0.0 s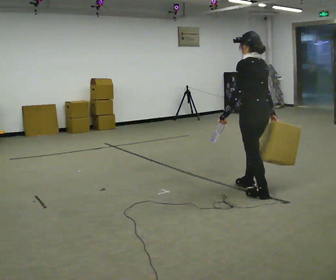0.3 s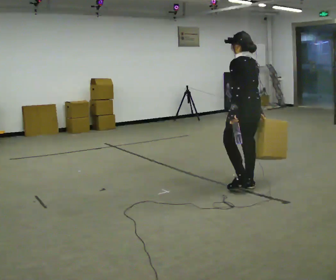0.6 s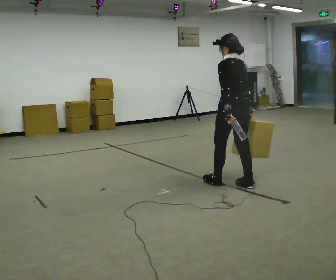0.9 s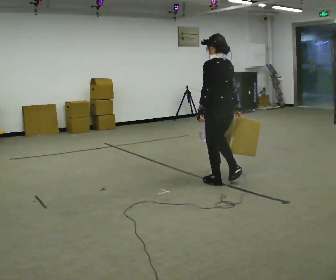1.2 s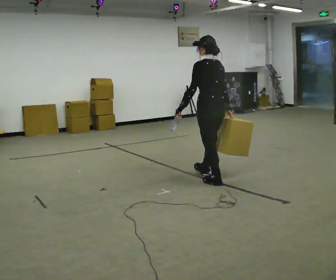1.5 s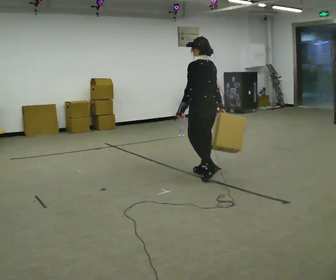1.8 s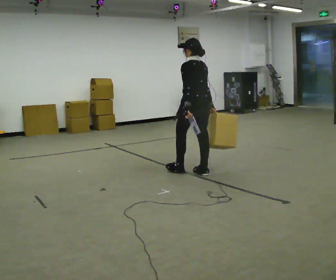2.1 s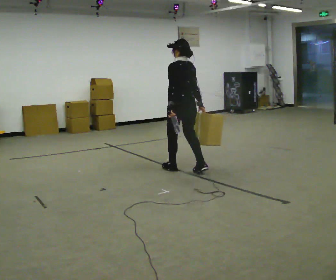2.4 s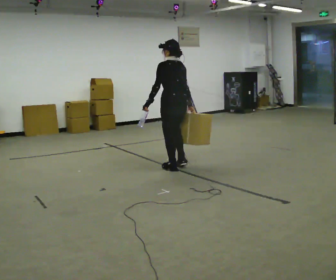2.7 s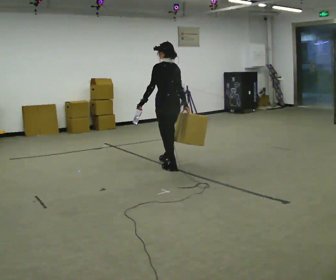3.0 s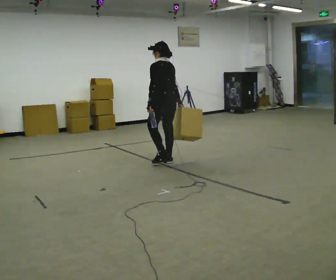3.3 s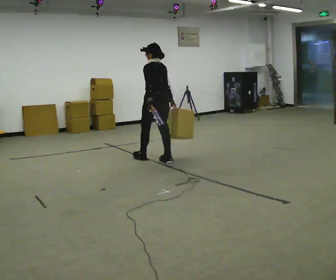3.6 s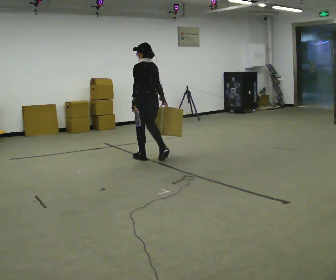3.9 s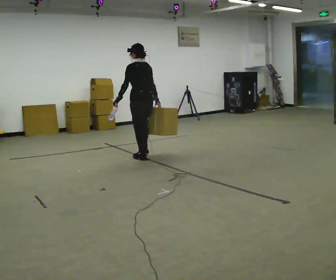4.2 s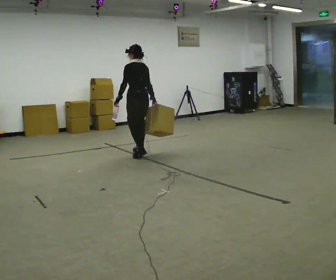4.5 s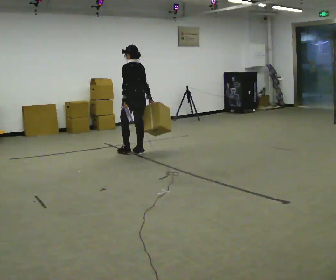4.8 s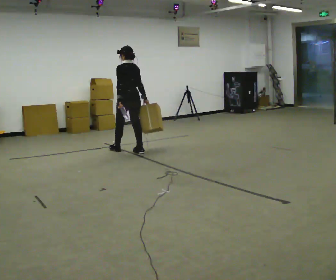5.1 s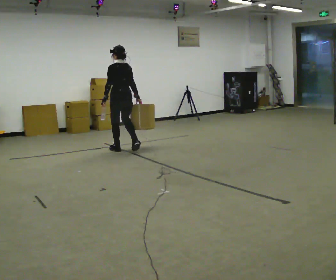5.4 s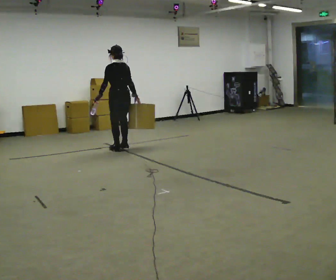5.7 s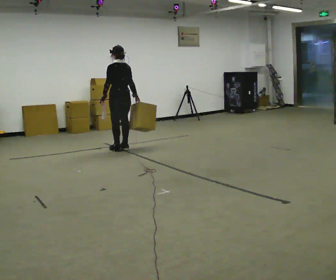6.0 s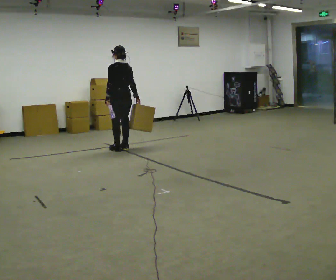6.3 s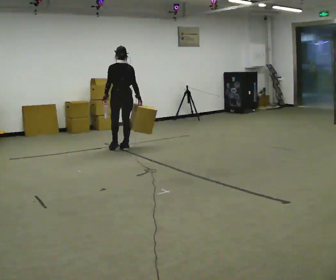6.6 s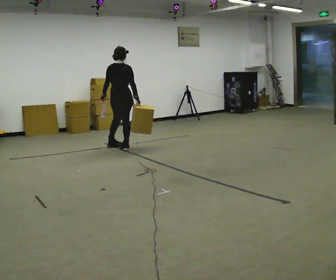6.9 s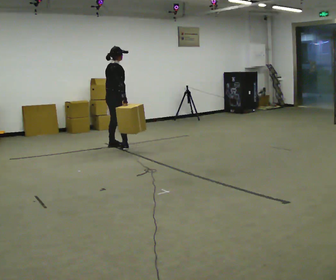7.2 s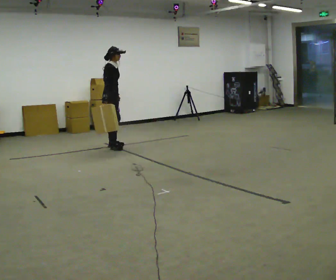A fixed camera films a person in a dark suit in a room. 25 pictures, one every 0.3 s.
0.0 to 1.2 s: In the picture they go away from the camera and to the left, about 0.5 m in 1 step, which for them is forward.
1.2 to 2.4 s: In the picture they go away from the camera and to the left, about 0.75 m in 2 steps, which for them is forward.
2.4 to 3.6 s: In the picture they go away from the camera and to the left, about 0.75 m in 2 steps, which for them is forward.
3.6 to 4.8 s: In the picture they go away from the camera and to the left, about 0.5 m in 2 steps, which for them is forward.
4.8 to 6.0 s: In the picture they go away from the camera, about 0.25 m in 1 step, which for them is forward.
6.0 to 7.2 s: Seen from above the body turns clockwise, about 135 degrees: to their right, with its near side sliding to the left. In the picture they go away from the camera and to the left, about 0.25 m in 1 step.
The film runs forward here.
